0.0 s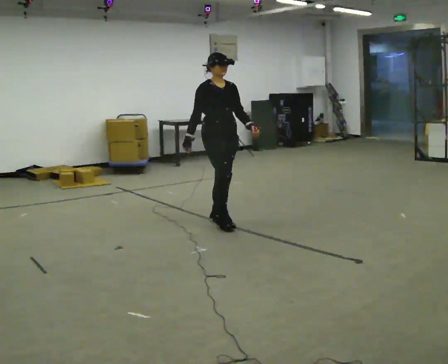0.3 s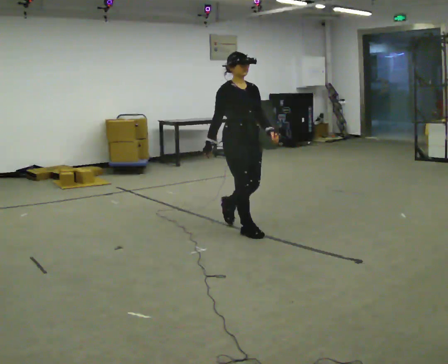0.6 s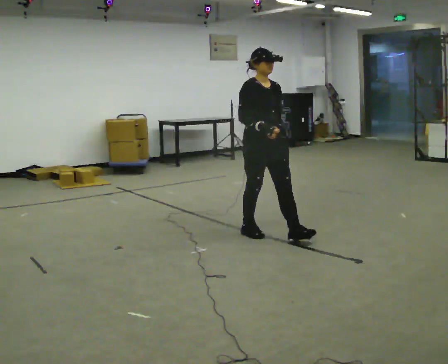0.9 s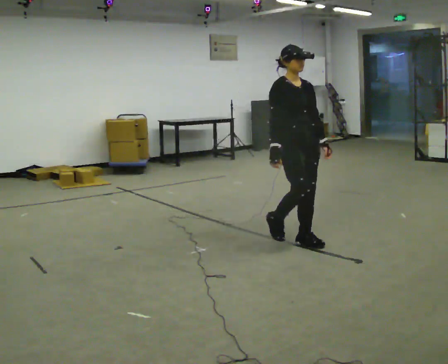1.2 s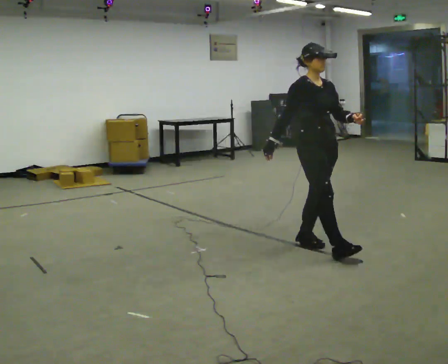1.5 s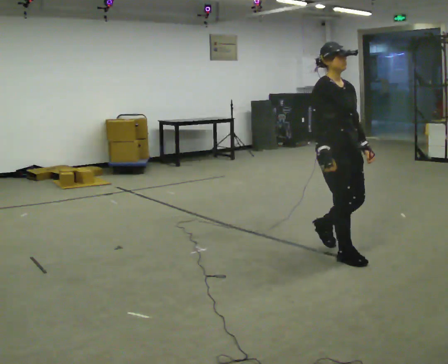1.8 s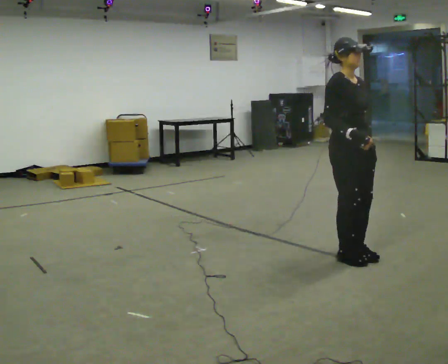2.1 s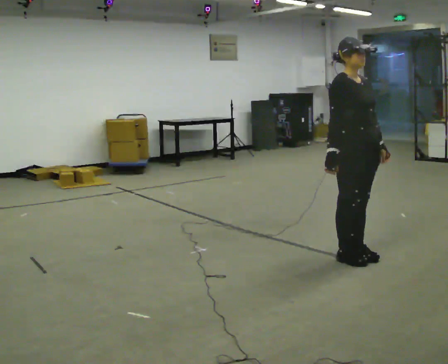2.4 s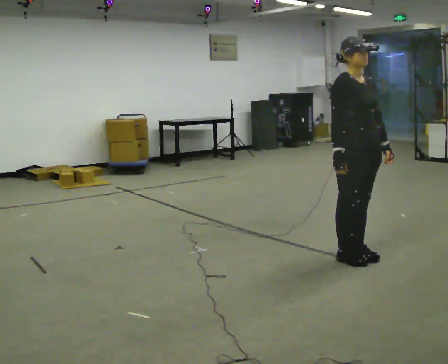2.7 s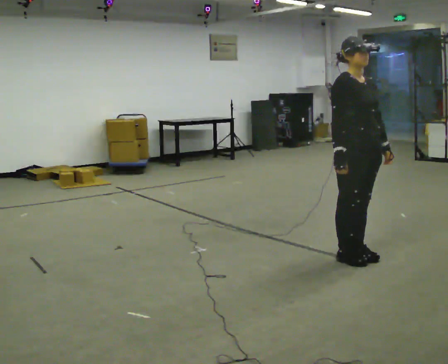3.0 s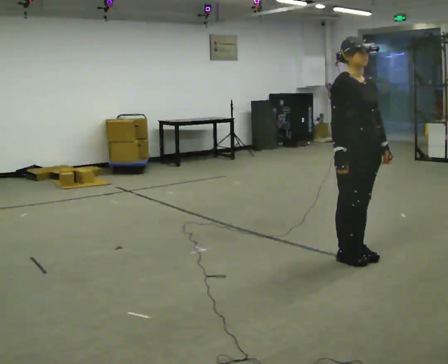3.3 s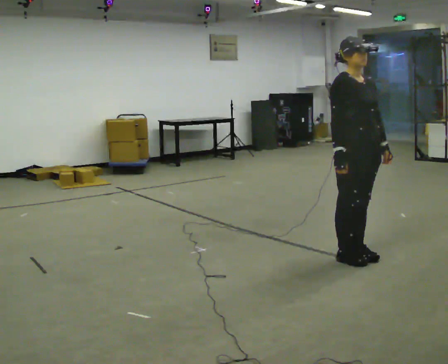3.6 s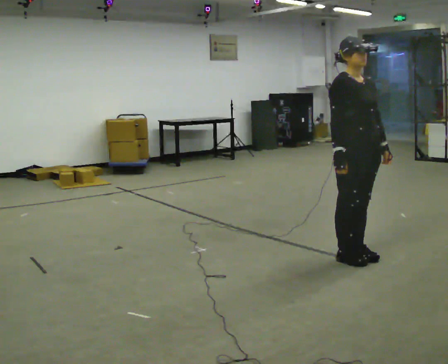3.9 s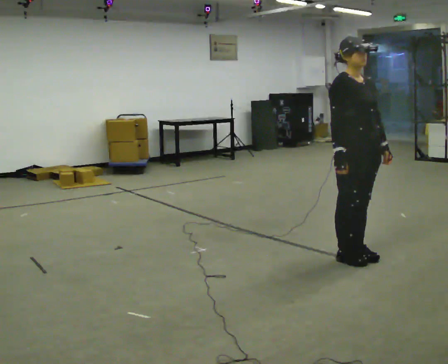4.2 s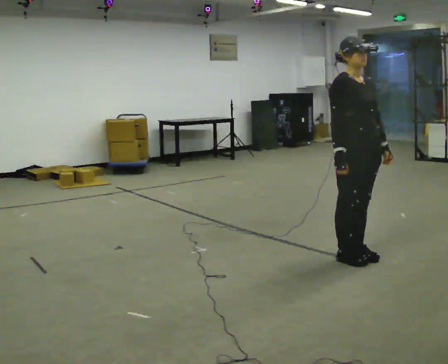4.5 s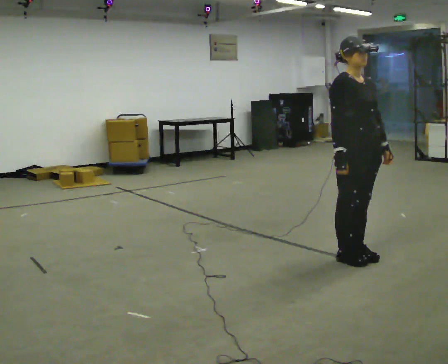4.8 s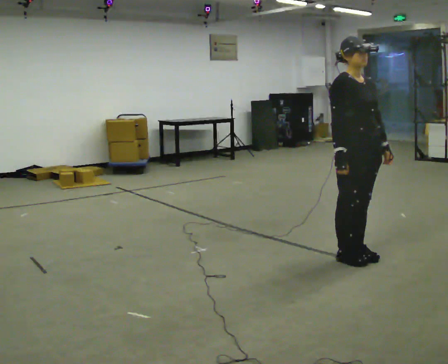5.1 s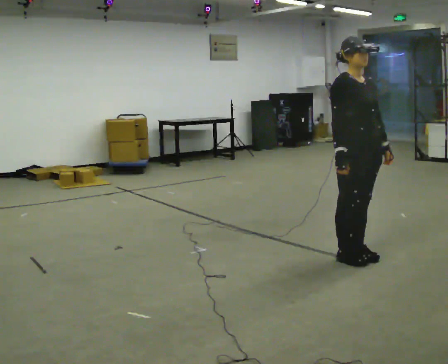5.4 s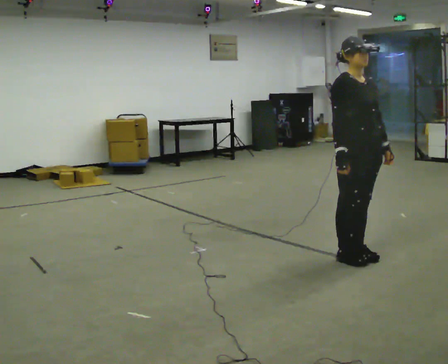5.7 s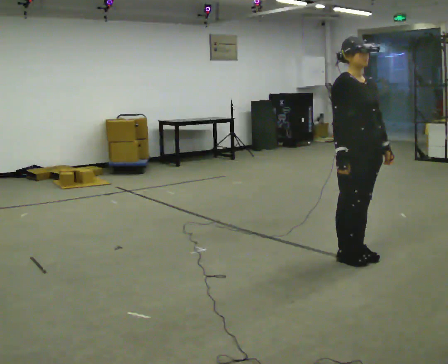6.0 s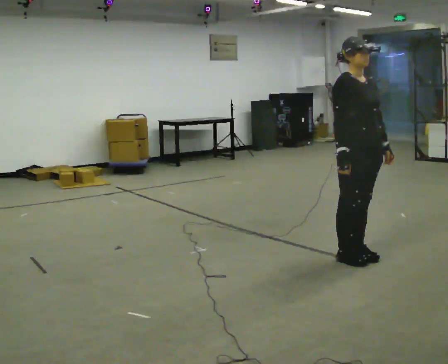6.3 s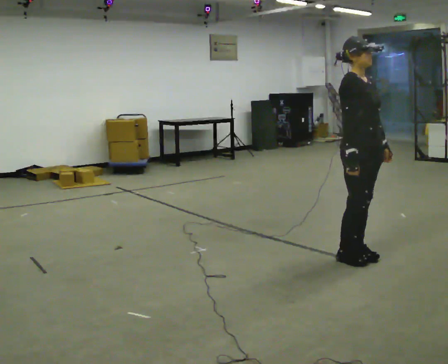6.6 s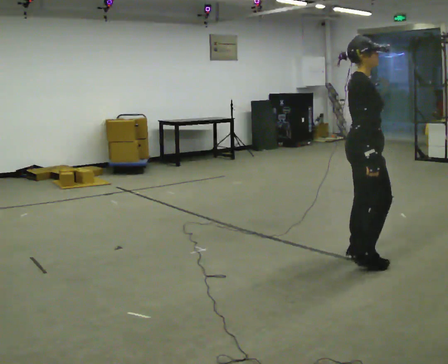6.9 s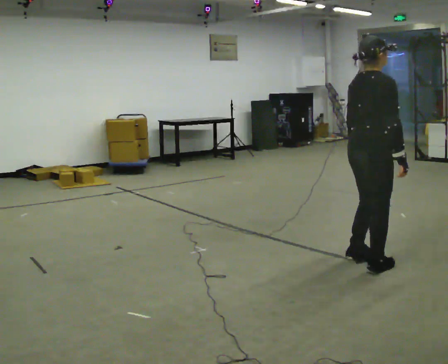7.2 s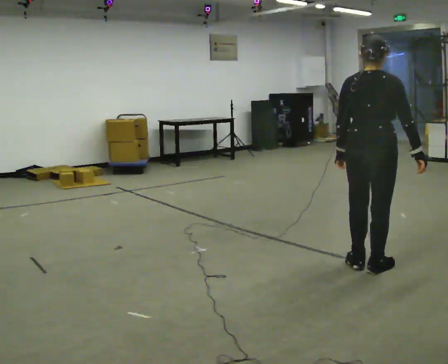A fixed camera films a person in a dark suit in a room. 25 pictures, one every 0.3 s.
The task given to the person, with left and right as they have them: Walk normally; at marked point stop as quickly as comfortably possible; remain still.
0.0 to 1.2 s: In the picture they go to the right and toward the camera, about 1 m in 2 steps, which for them is forward.
1.2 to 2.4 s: In the picture they go to the right and toward the camera, about 0.5 m in 2 steps, which for them is forward.
2.4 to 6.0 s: The person moves a little, or ends about where they began.
6.0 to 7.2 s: The part of the body nearest the lens slides to the right as the person turns to their left by about 105 degrees. In the picture they go toward the camera, about 0.25 m in 1 step. In the picture their right hand goes to the right.
The film runs forward here.
